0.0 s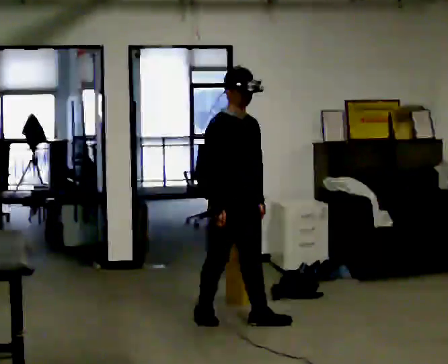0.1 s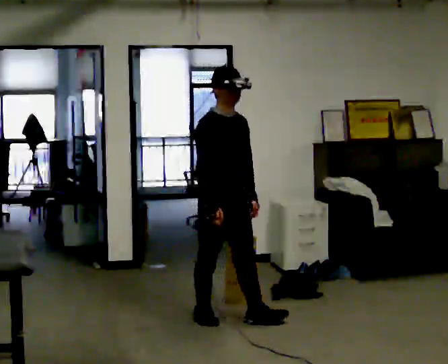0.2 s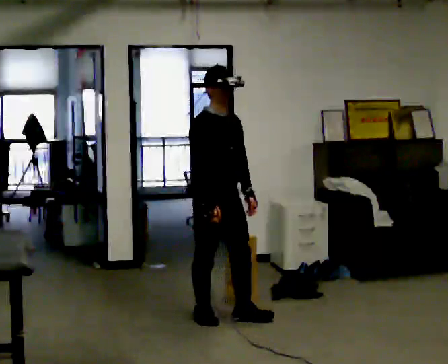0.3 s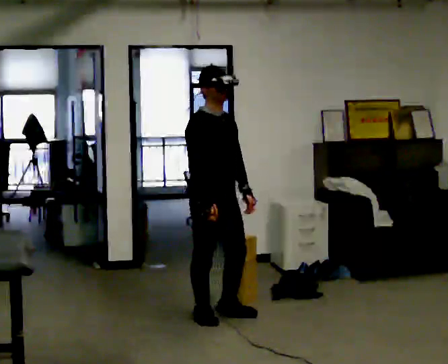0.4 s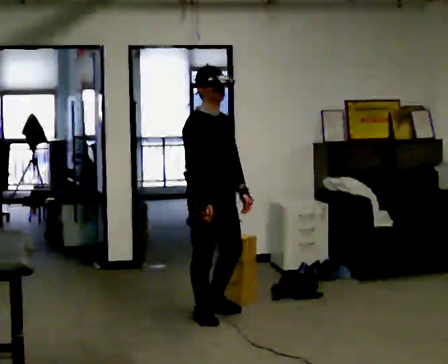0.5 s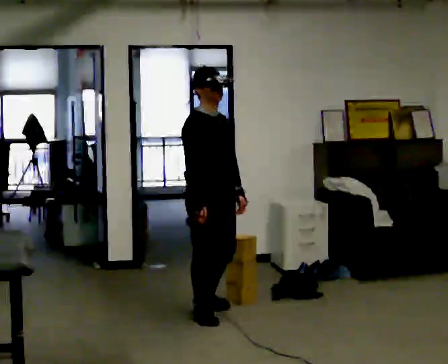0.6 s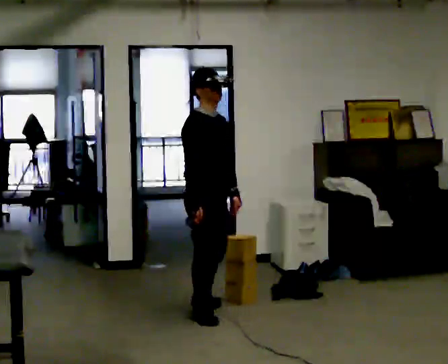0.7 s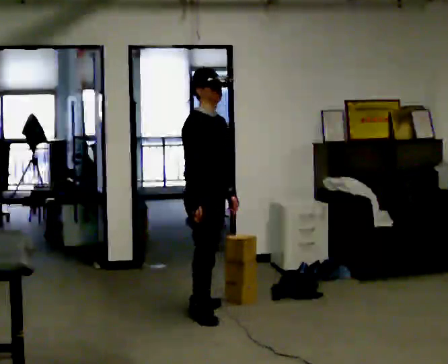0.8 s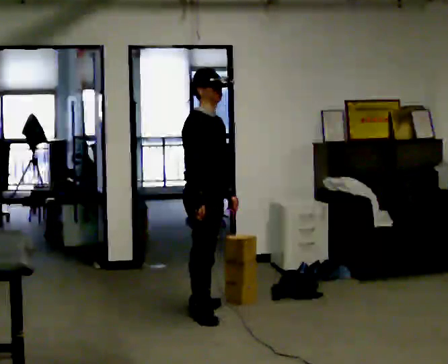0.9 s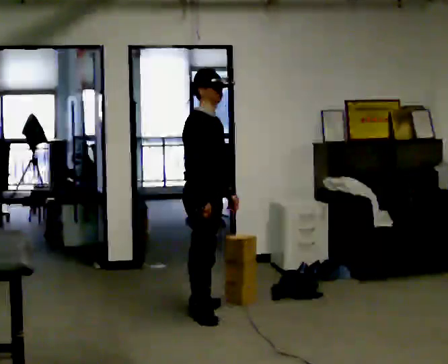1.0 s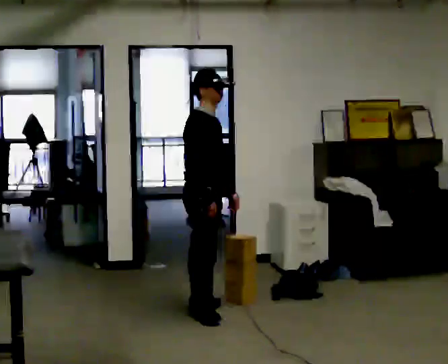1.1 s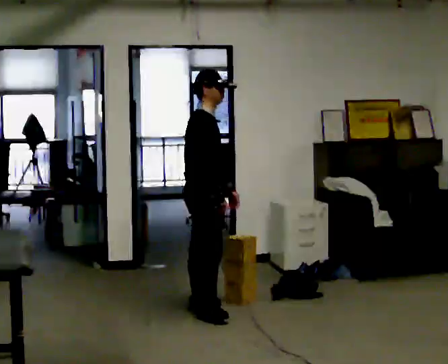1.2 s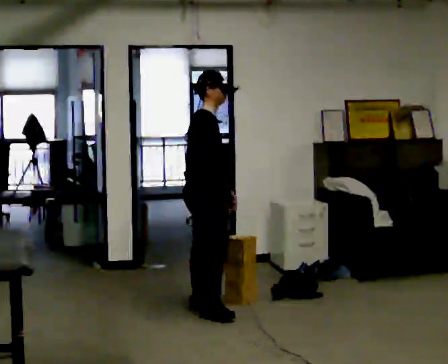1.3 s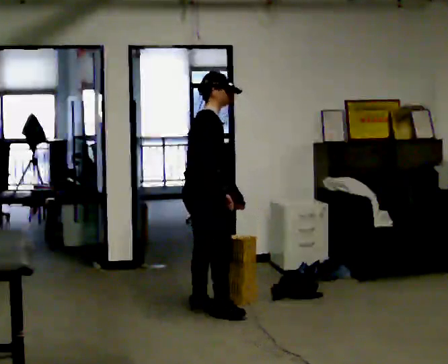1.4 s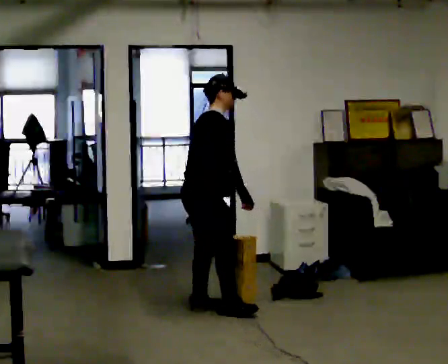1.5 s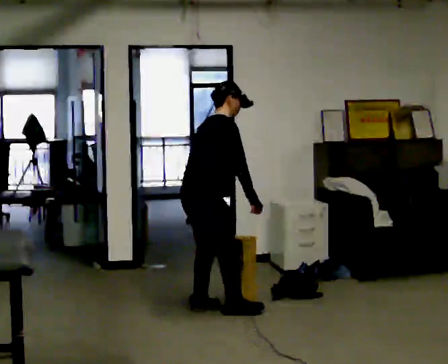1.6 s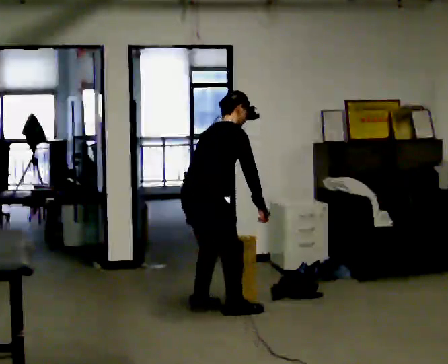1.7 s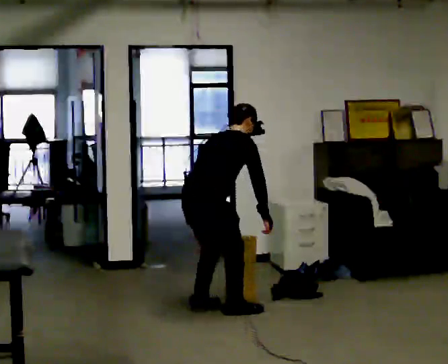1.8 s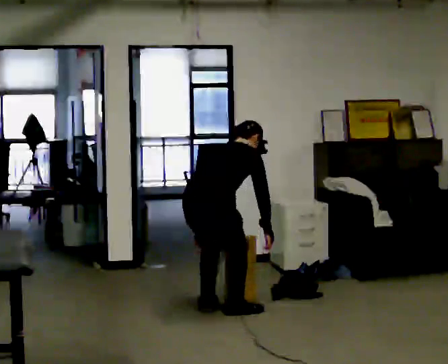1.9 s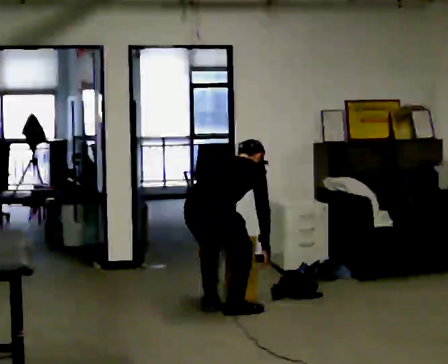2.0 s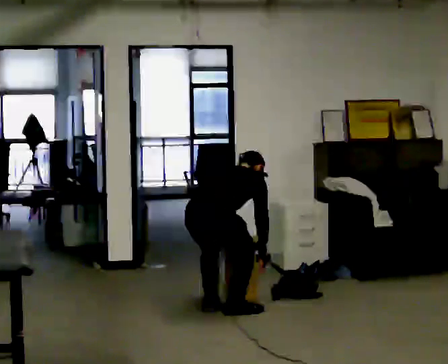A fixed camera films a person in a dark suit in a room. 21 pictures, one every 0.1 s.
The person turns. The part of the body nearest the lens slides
to the right.
The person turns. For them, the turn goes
to their left.
0.0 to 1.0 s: Seen from above the body turns counterclockwise, about 30 degrees: to their left, with its near side sliding to the right. In the picture they go away from the camera and to the left, about 0.5 m in 1 step, which for them is backward and to their left.
1.0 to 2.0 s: The person turns about 75 degrees to their left, counterclockwise seen from above, so the part of the body nearest the lens slides to the right. In the picture they go toward the camera, about 0.25 m in 1 step. The shoulders move downward. The upper body tips away from the camera, its near side rolling upward, as they bend forward. In the picture their left hand goes downward.
The film runs backward here.
